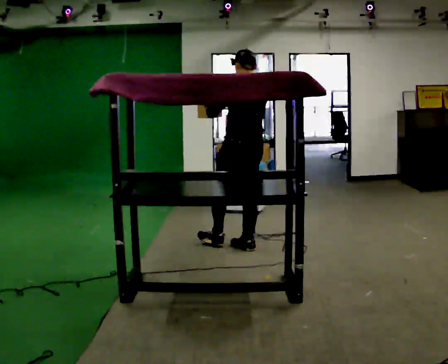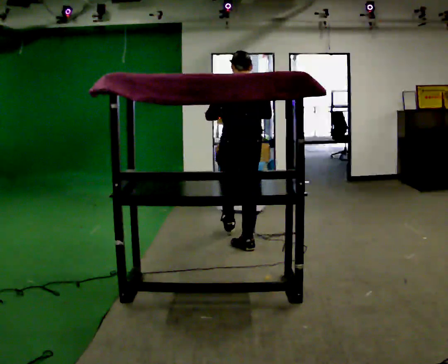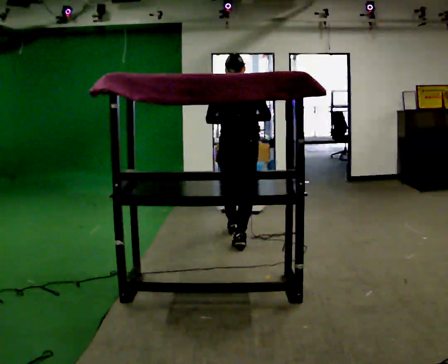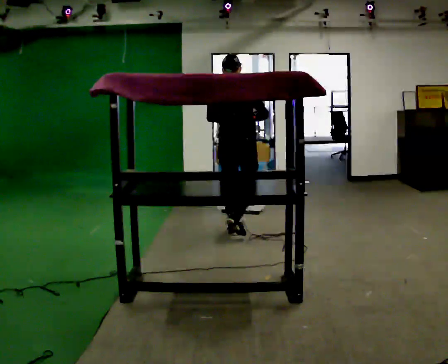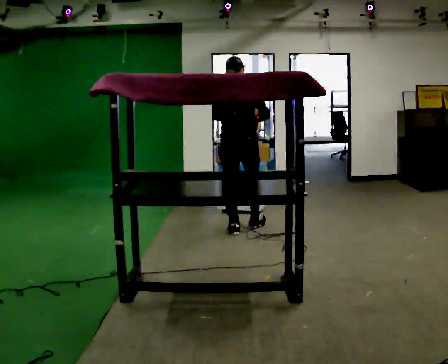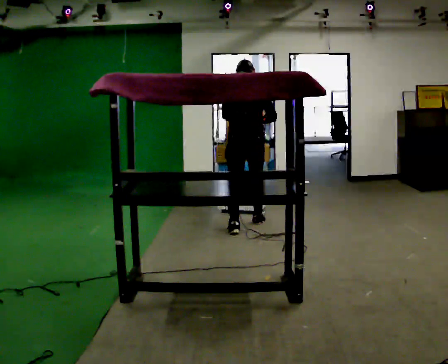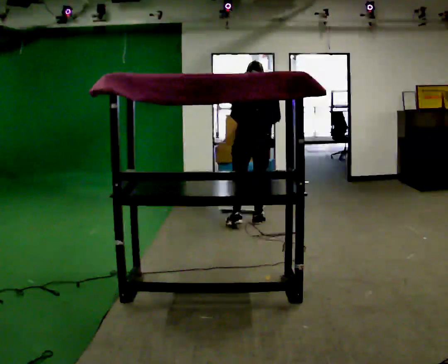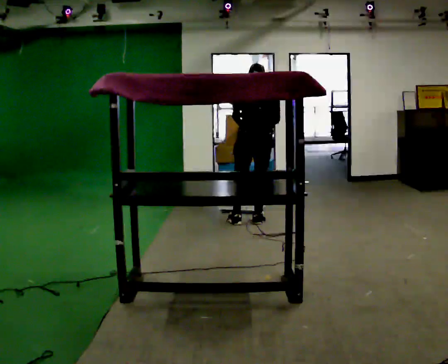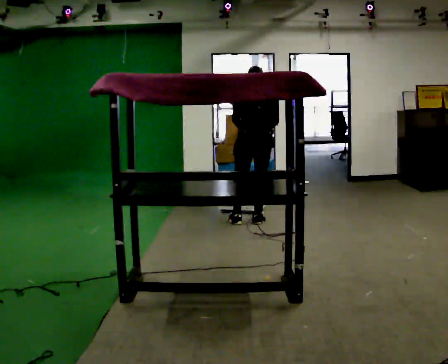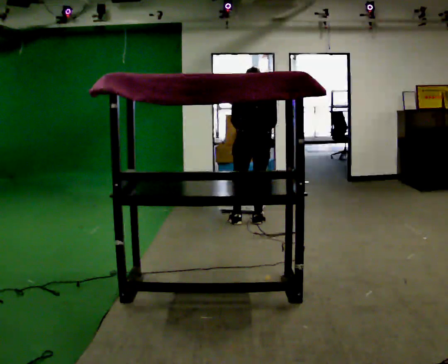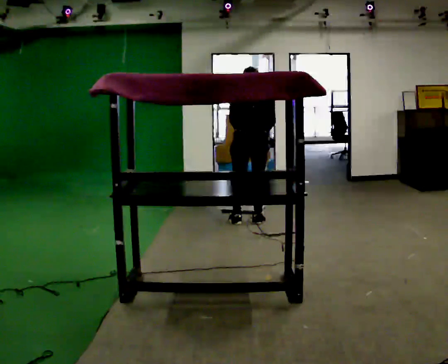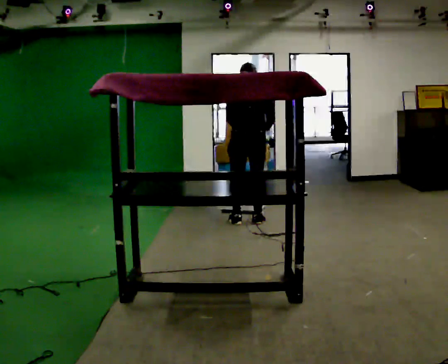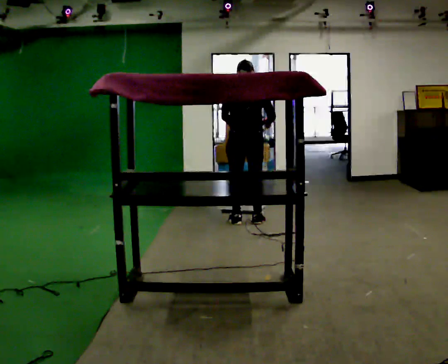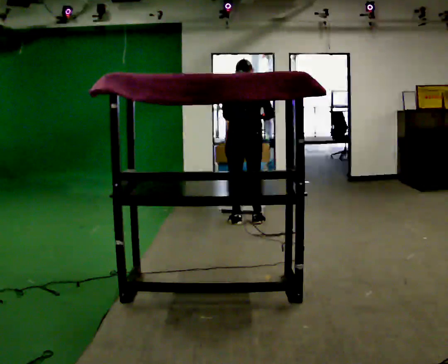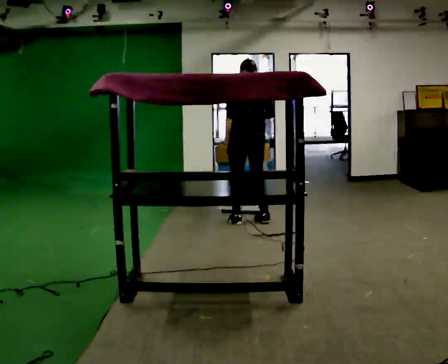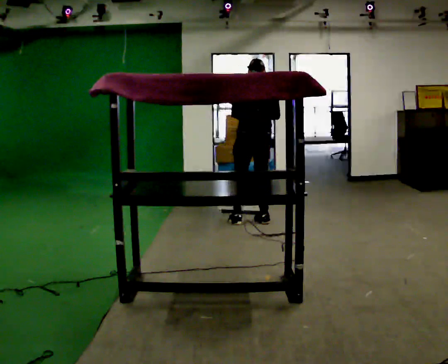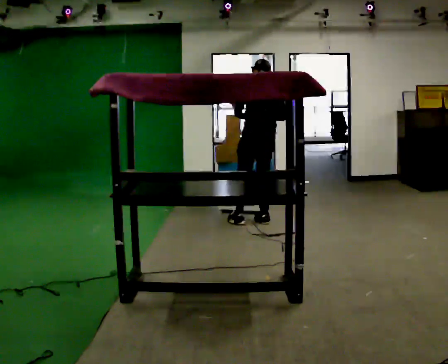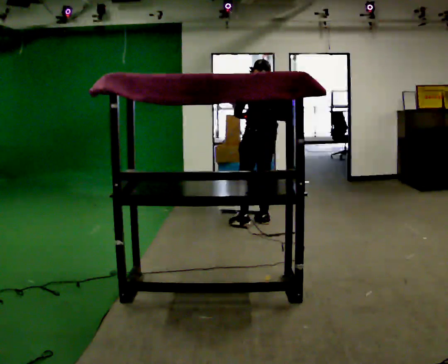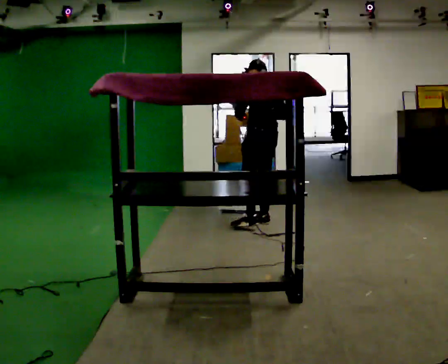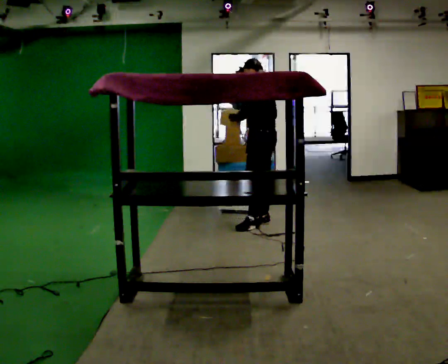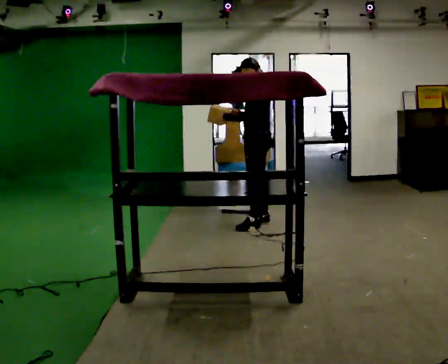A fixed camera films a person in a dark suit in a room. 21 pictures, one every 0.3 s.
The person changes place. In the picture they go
away from the camera.
The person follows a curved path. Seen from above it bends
clockwise.
0.0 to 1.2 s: Seen from above the body turns clockwise, about 45 degrees: to their right, with its near side sliding to the left. In the picture they go away from the camera, about 0.5 m in 1 step, which for them is forward.
1.2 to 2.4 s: In the picture they go away from the camera and to the right, about 0.25 m in 2 steps, which for them is forward and to their right. The upper body tips away from the camera, its near side rolling upward, as they bend forward.
2.4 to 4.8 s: The person moves a little, or ends about where they began.
4.8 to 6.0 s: The person turns about 60 degrees to their left, counterclockwise seen from above, so the part of the body nearest the lens slides to the right.
The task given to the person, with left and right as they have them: Take an object from the waist-height shelf, carry it across the room, and place it on the highest shelf you can comfortably reach. Keep going until the operator says stop; one object at a time, and do not rush between trips.
The film runs forward here.
